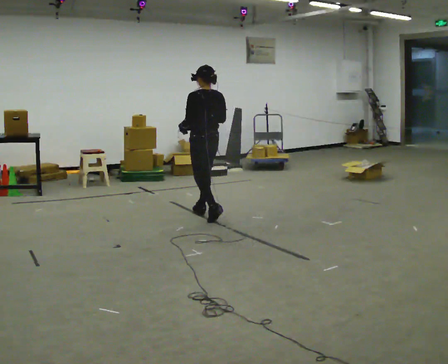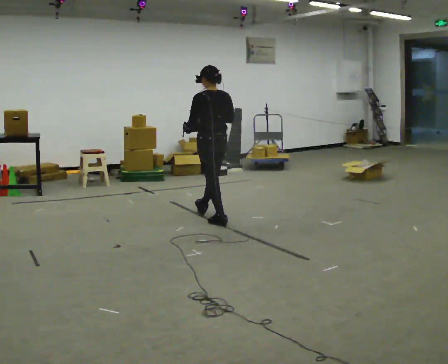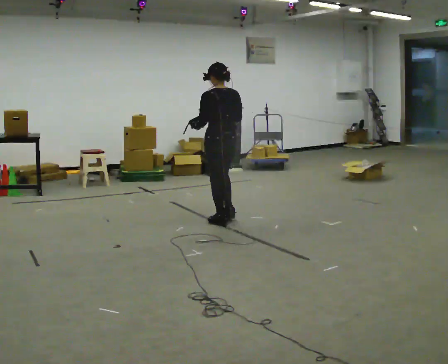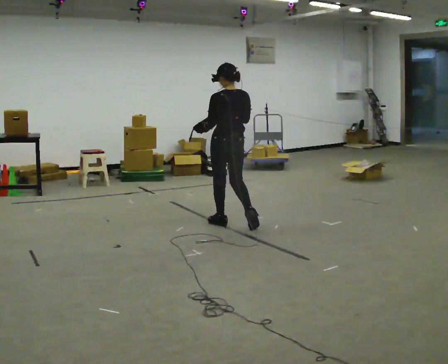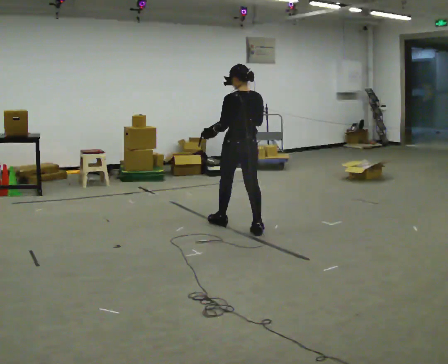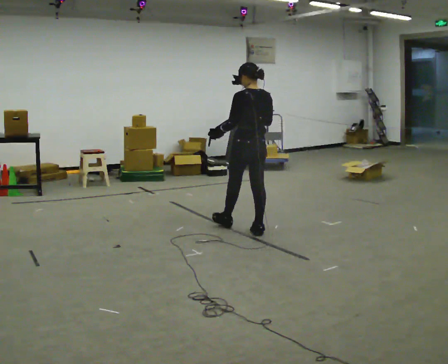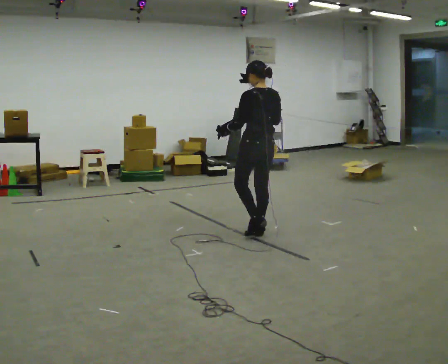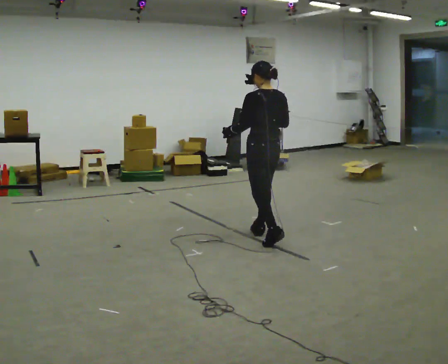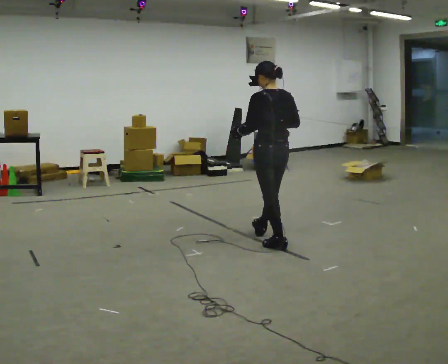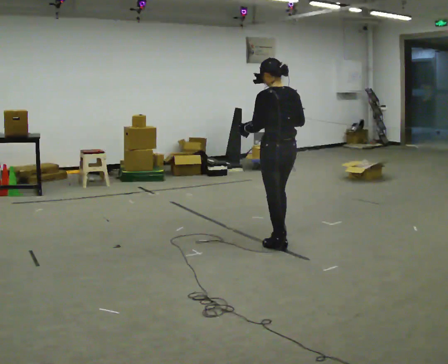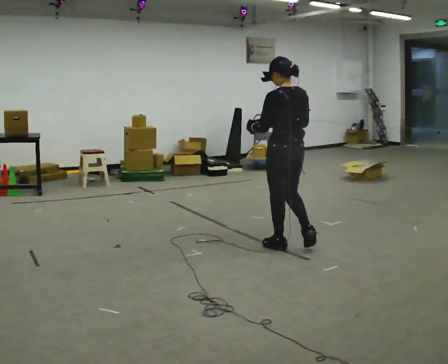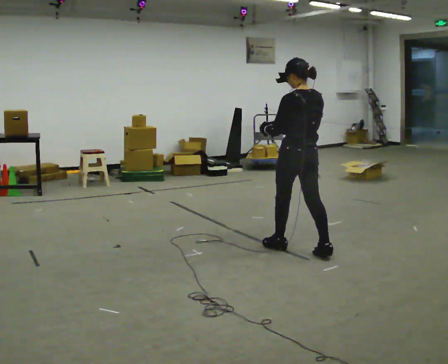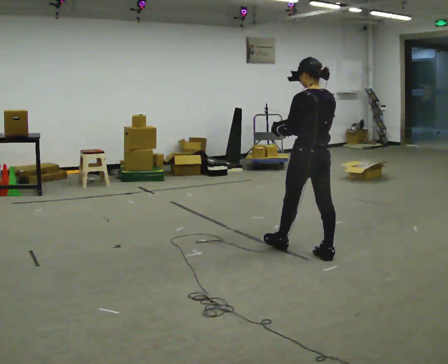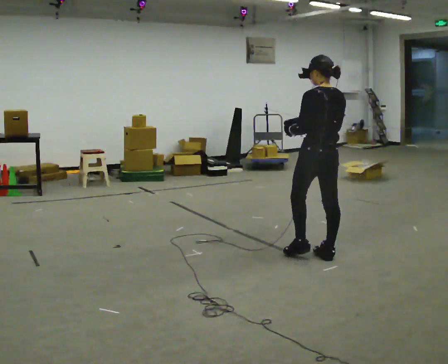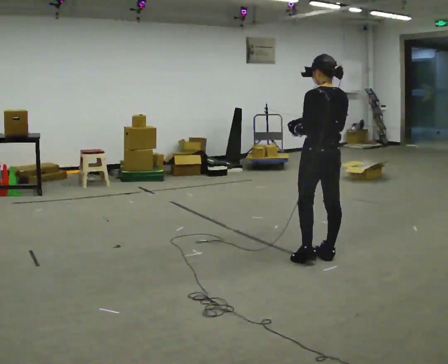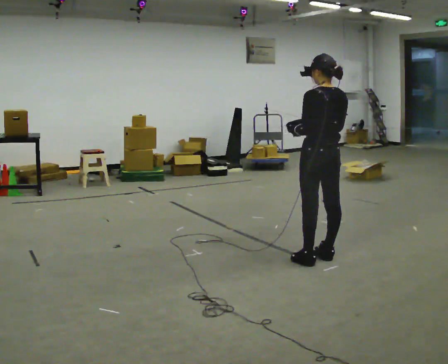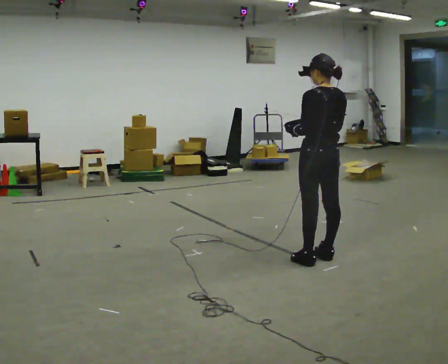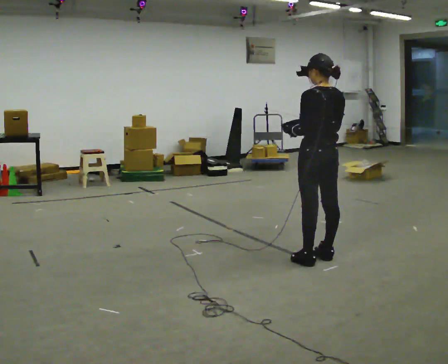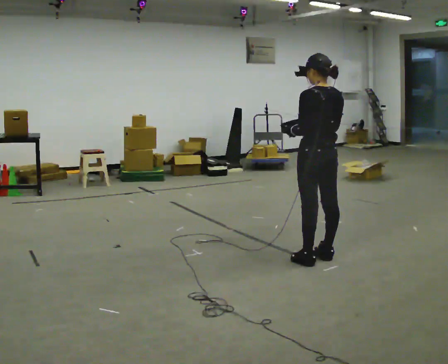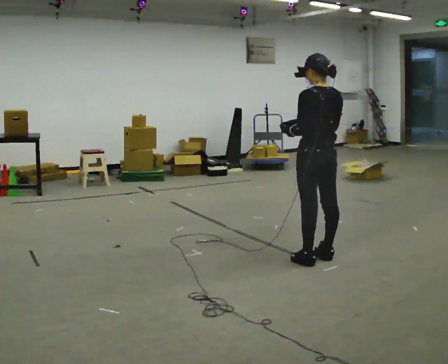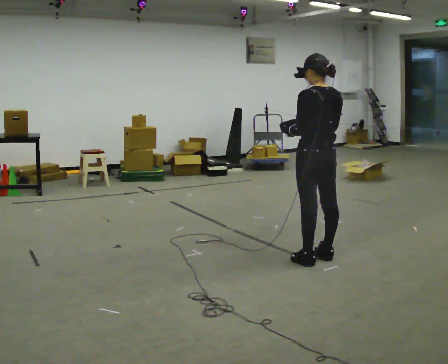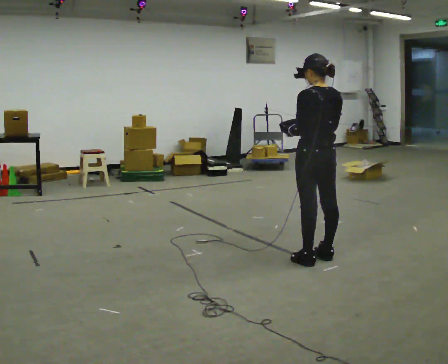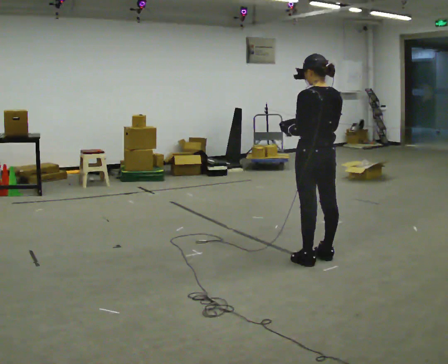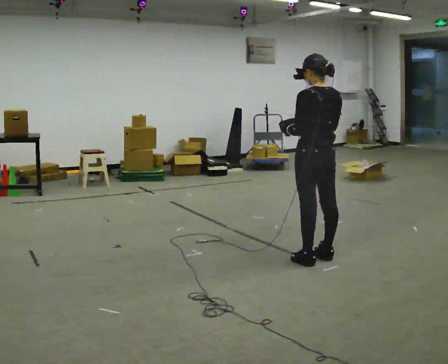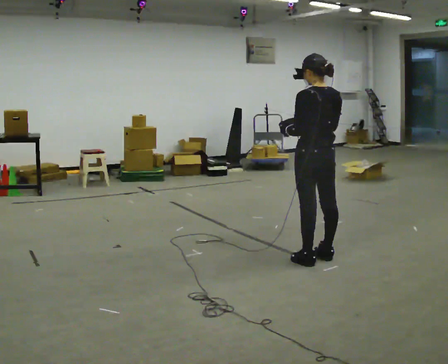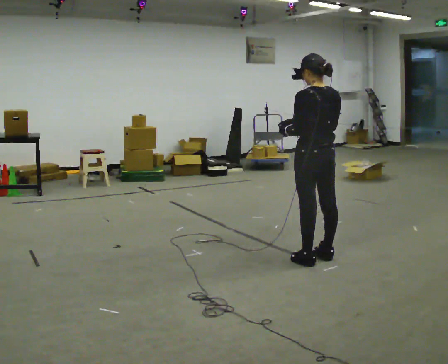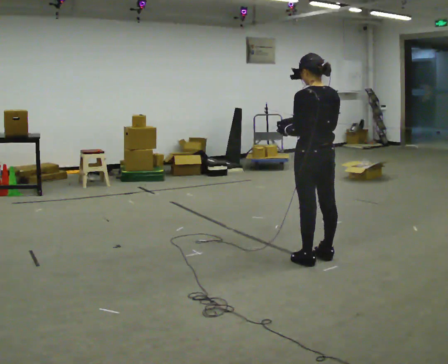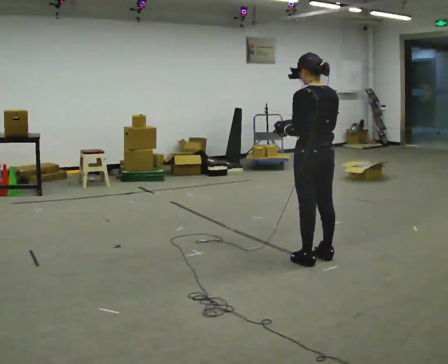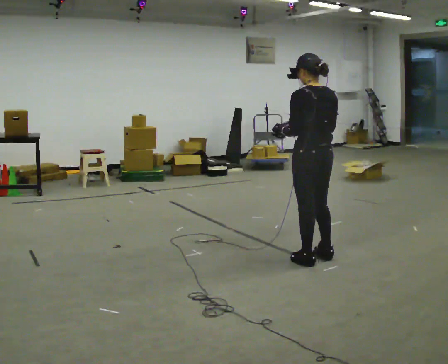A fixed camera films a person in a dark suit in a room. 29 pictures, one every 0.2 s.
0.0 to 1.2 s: In the picture they go to the right and toward the camera, about 1 m in 2 steps, which for them is backward.
1.2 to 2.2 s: In the picture they go toward the camera and to the right, about 0.5 m in 1 step, which for them is backward.
2.2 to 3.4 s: In the picture they go to the right and toward the camera, about 0.25 m in 1 step, which for them is backward.
3.4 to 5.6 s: The person moves a little, or ends about where they began.
The film runs backward here.
